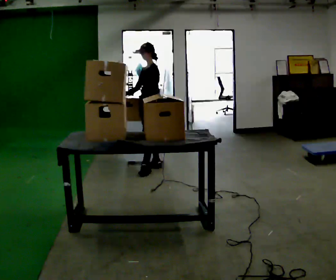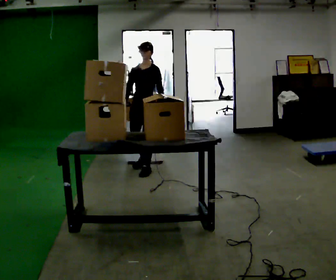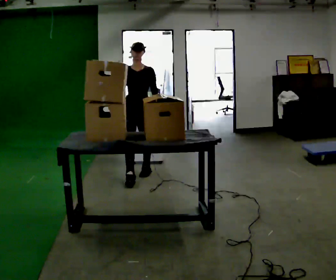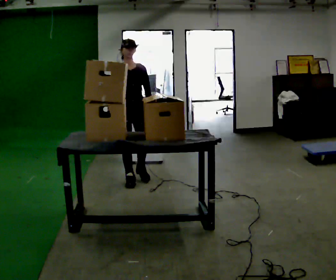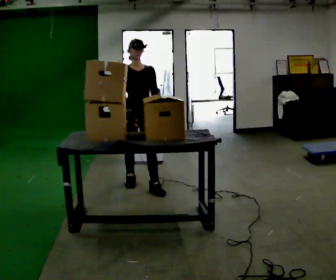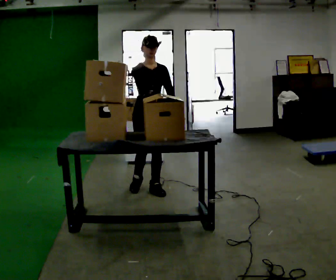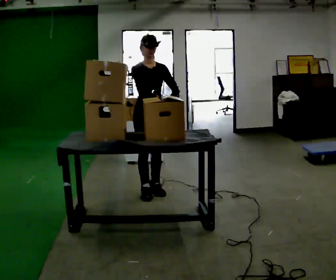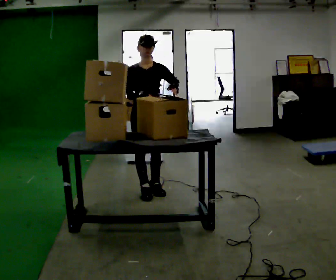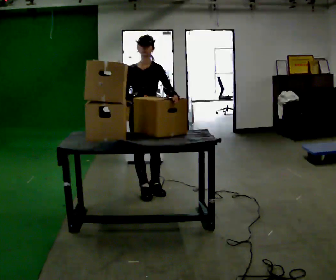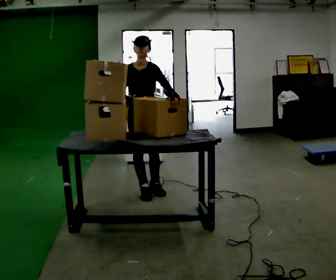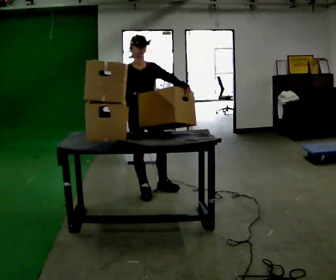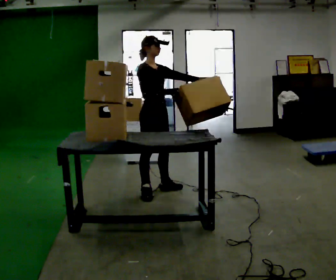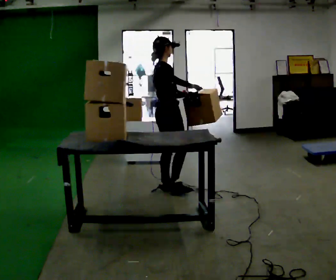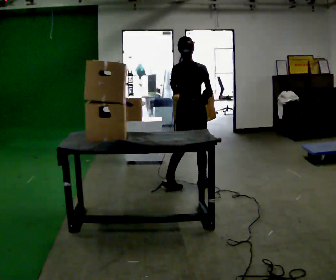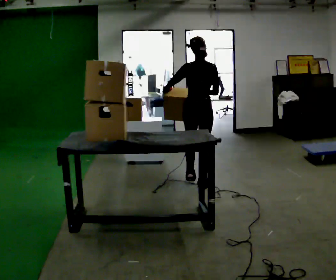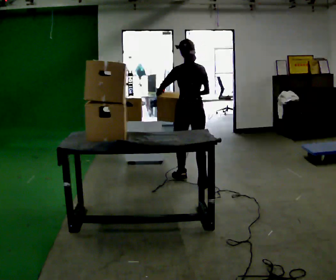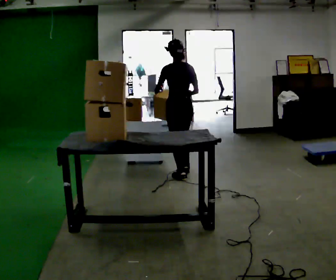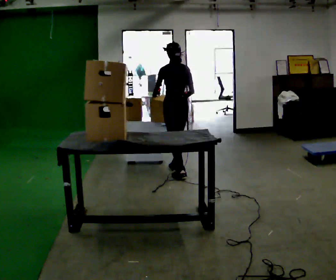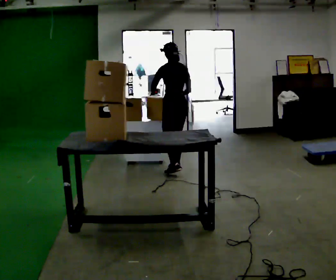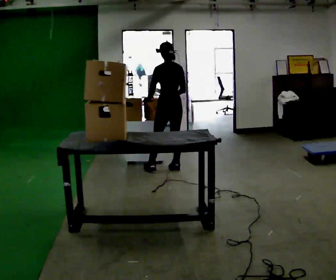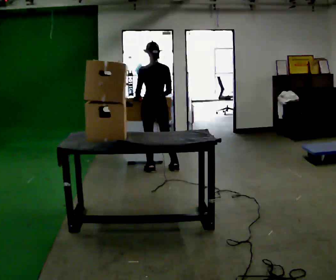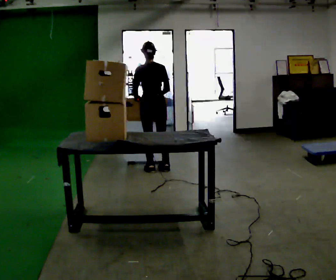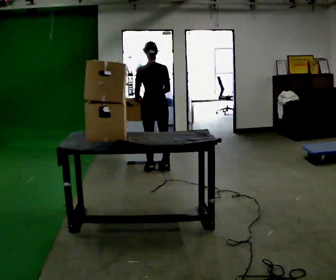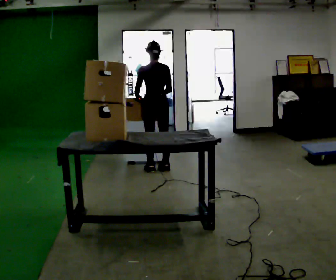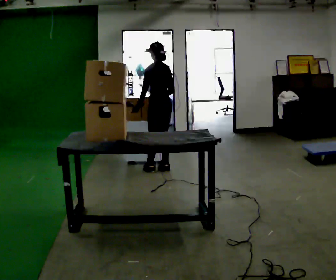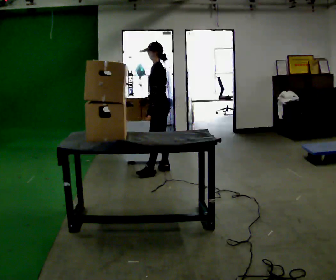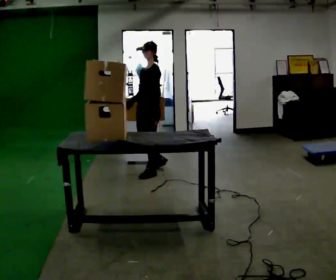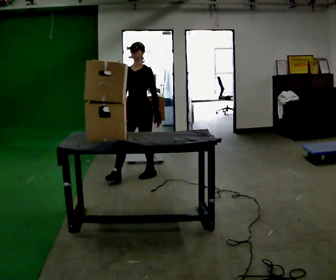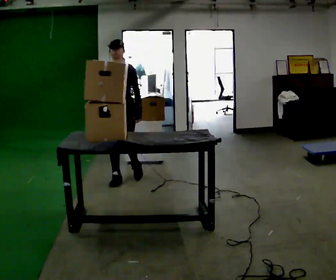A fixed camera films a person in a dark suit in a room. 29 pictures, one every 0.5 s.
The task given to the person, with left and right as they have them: Move objects one at a time from the waist-height shelf at one end of the room to the waist-height shelf at the other end. Keep going until the operator says stop; one object at a time, and do not rush between trips.
0.0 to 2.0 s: Seen from above the body turns counterclockwise, about 90 degrees: to their left, with its near side sliding to the right. In the picture they go toward the camera, about 1 m in 2 steps.
2.0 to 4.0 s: In the picture they go toward the camera, about 0.25 m in 1 step, which for them is forward.
4.0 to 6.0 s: Seen from above the body turns counterclockwise, about 105 degrees: to their left, with its near side sliding to the right. In the picture they go to the right and away from the camera, about 0.25 m.
6.0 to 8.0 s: Seen from above the body turns counterclockwise, about 75 degrees: to their left, with its near side sliding to the right. In the picture they go away from the camera, about 0.5 m in 2 steps.
8.0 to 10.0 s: In the picture they go to the left and away from the camera, about 0.5 m in 2 steps, which for them is forward and to their left.
10.0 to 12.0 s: The part of the body nearest the lens slides to the right as the person turns to their left by about 45 degrees.
12.0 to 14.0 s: The part of the body nearest the lens slides to the right as the person turns to their left by about 135 degrees. In the picture they go toward the camera and to the left, about 0.5 m in 1 step.
The film runs forward here.
